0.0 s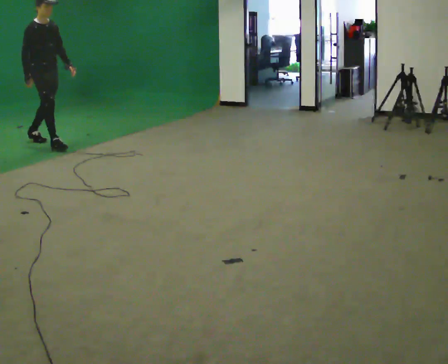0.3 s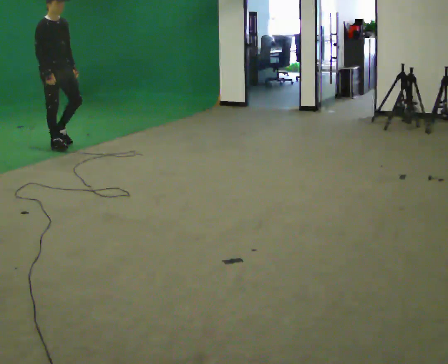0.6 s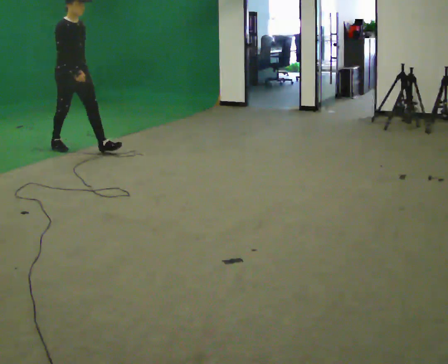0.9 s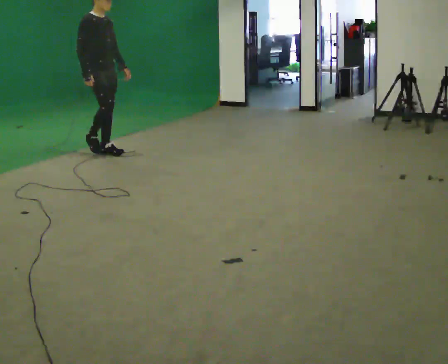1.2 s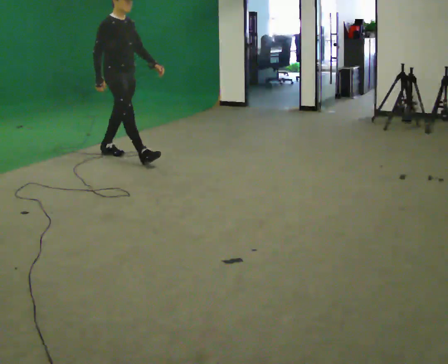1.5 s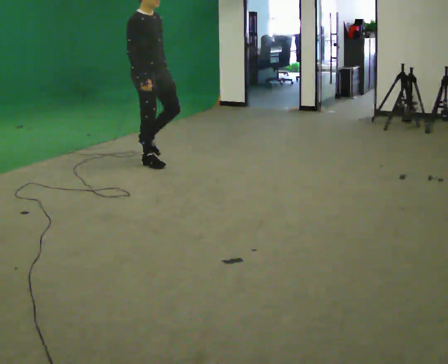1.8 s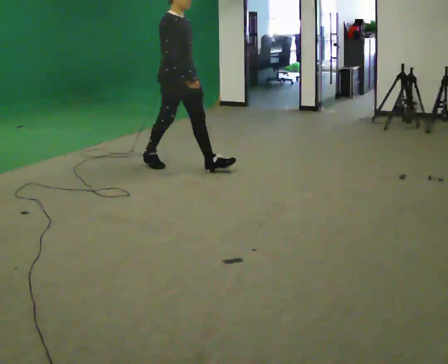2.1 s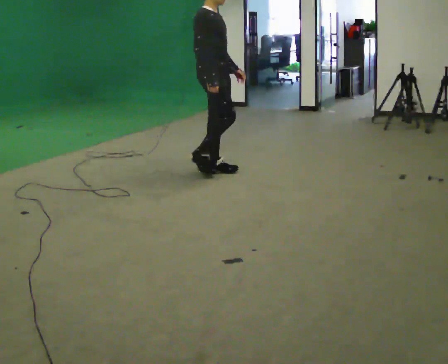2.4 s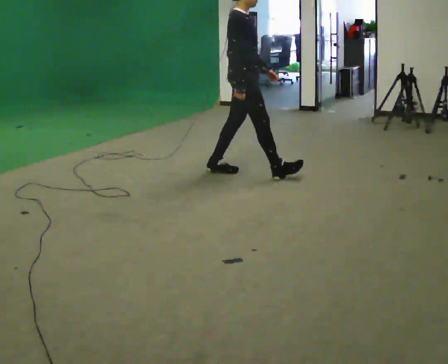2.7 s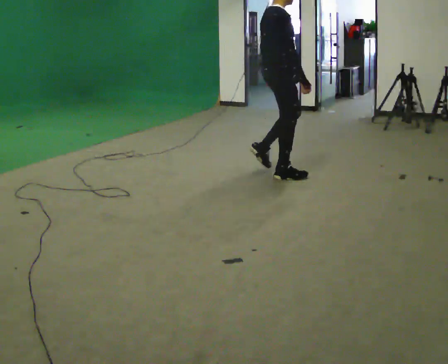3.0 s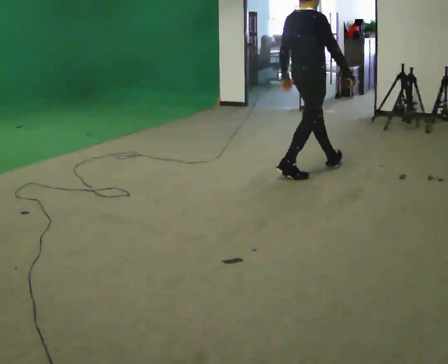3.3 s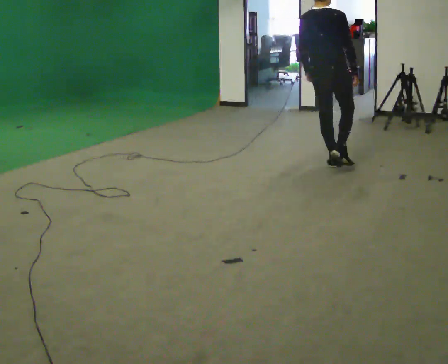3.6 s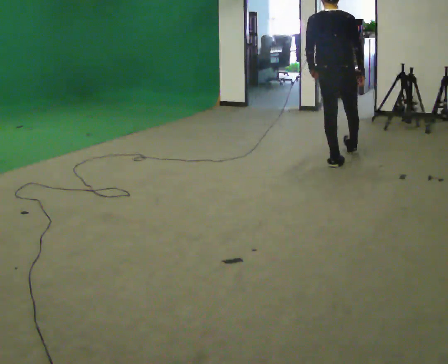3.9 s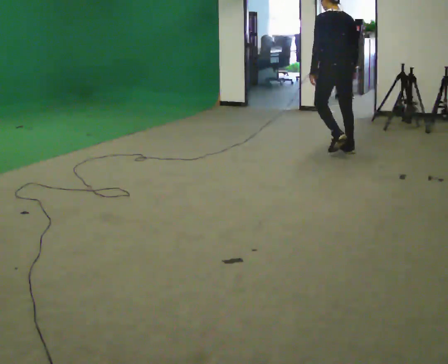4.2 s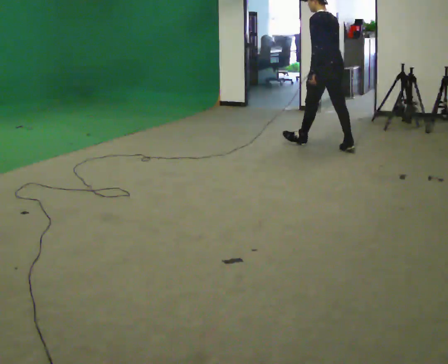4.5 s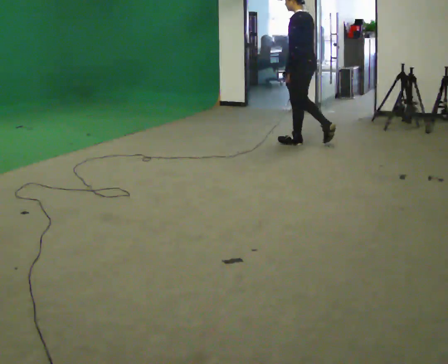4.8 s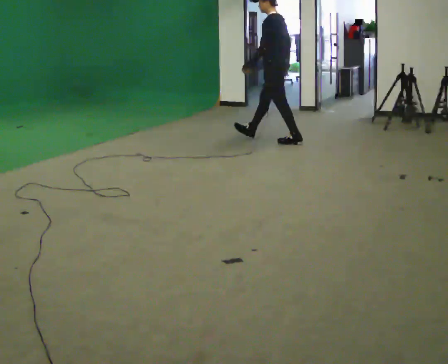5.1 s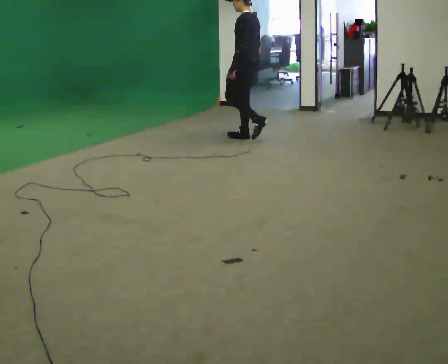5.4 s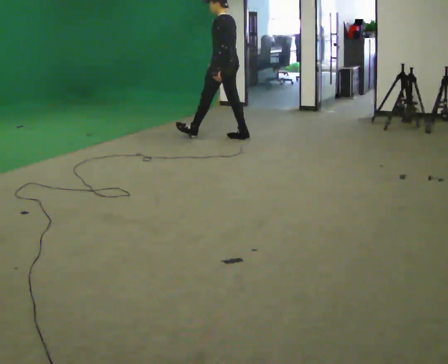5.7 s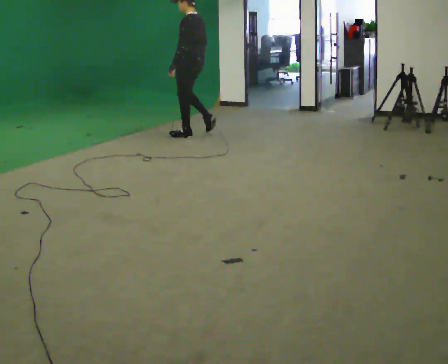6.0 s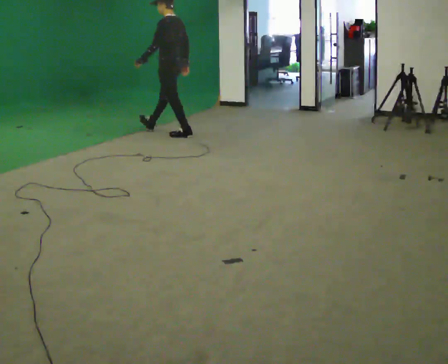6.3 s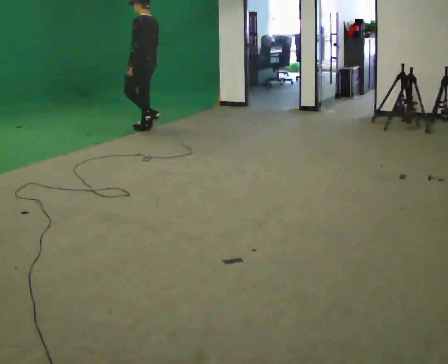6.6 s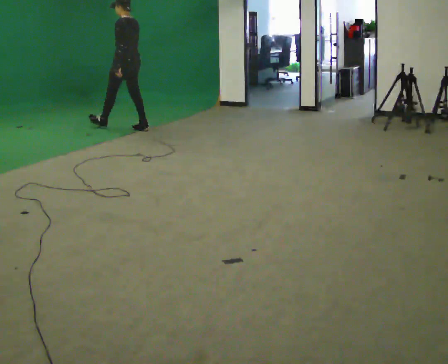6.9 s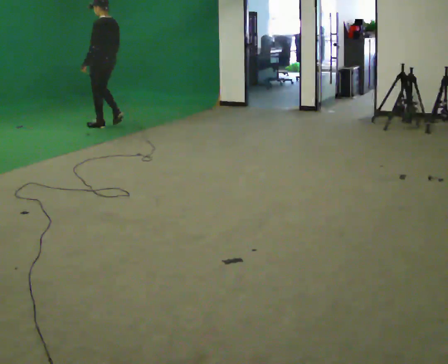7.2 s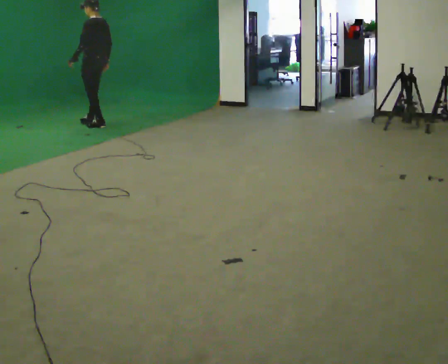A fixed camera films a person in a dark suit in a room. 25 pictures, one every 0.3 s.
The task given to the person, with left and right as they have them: Walk straight; turn around and walk back; use wide or tight turn.
0.0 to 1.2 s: In the picture they go to the right, about 1 m in 1 step, which for them is forward.
1.2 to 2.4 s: In the picture they go to the right, about 1.5 m in 2 steps, which for them is forward.
2.4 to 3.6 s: The part of the body nearest the lens slides to the right as the person turns to their left by about 90 degrees. In the picture they go to the right and away from the camera, about 1 m in 2 steps.
3.6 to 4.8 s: The part of the body nearest the lens slides to the right as the person turns to their left by about 75 degrees. In the picture they go away from the camera and to the left, about 1 m in 2 steps.
4.8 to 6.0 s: In the picture they go to the left, about 1.5 m in 2 steps, which for them is forward.
6.0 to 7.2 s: In the picture they go to the left, about 1 m in 3 steps, which for them is forward.
The film runs forward here.
